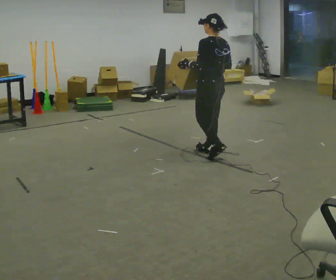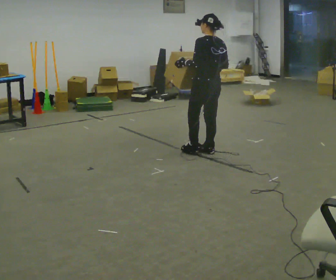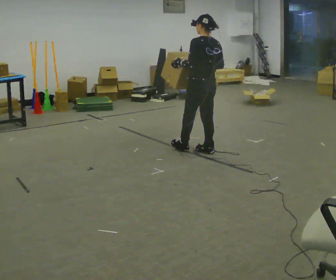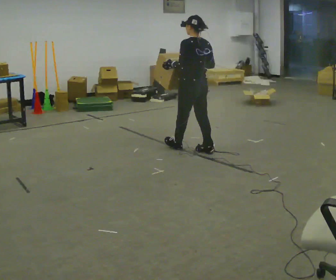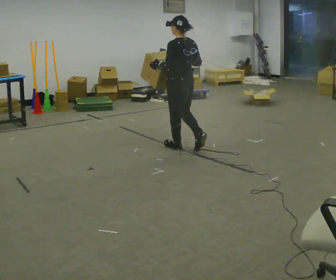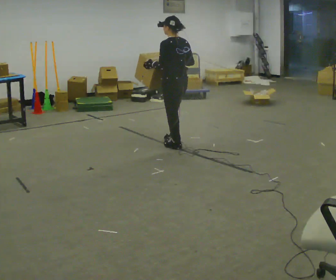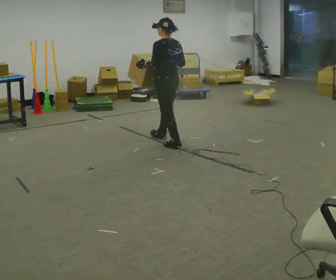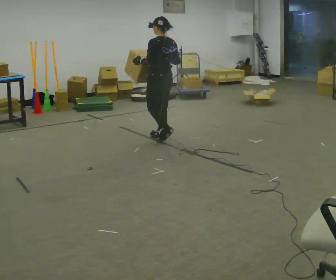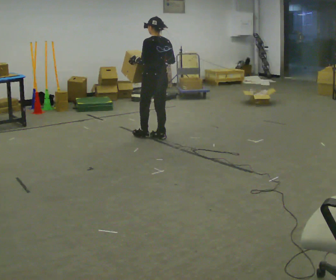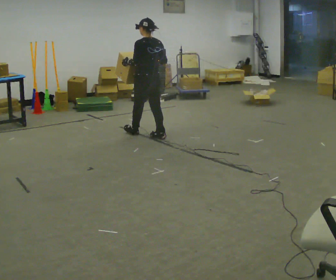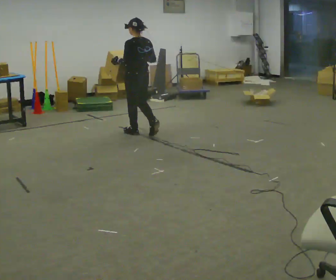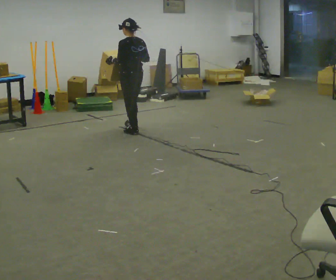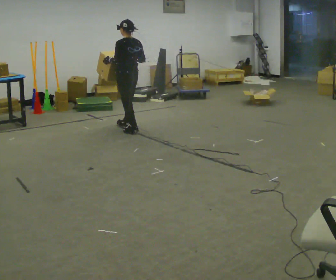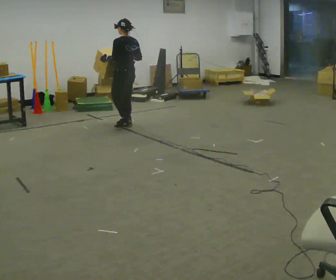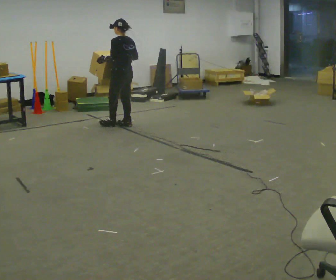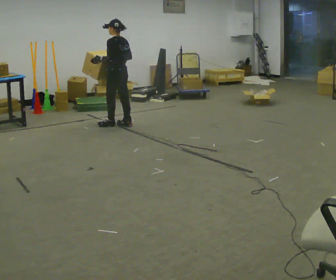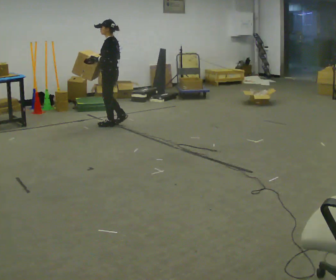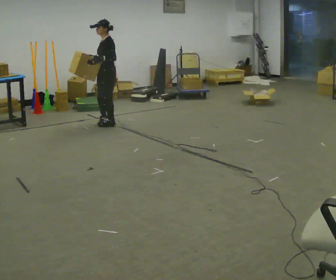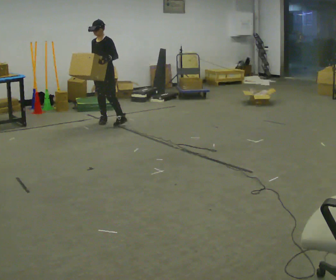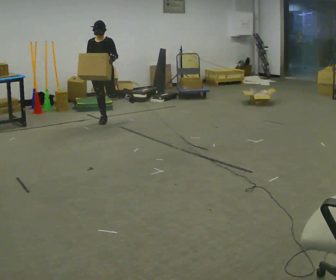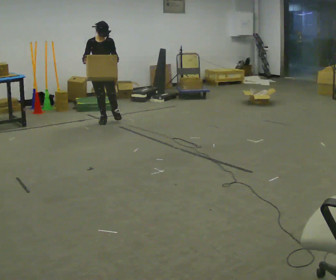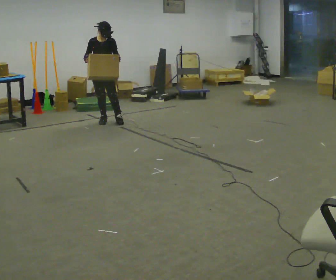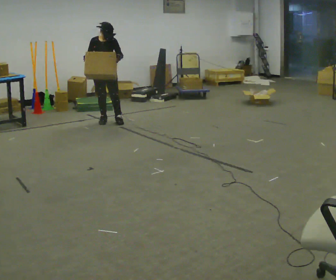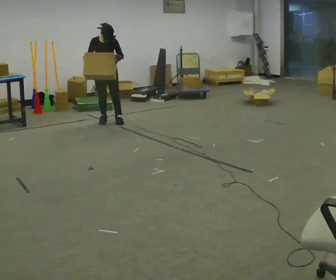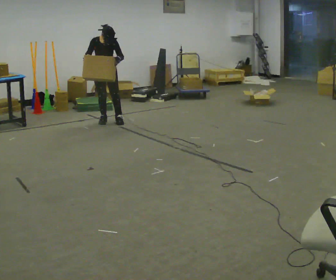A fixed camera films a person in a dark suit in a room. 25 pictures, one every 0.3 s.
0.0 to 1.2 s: In the picture they go away from the camera and to the left, about 0.5 m in 1 step, which for them is forward.
1.2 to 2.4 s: In the picture they go away from the camera and to the left, about 0.5 m in 1 step, which for them is forward.
2.4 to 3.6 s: In the picture they go away from the camera and to the left, about 0.5 m in 2 steps, which for them is forward.
3.6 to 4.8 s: The person turns about 45 degrees to their left, counterclockwise seen from above, so the part of the body nearest the lens slides to the right. In the picture they go away from the camera and to the left, about 0.25 m in 1 step, which for them is forward.
4.8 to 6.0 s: Seen from above the body turns counterclockwise, about 105 degrees: to their left, with its near side sliding to the right. In the picture they go away from the camera and to the left, about 0.25 m in 1 step. In the picture their right hand goes to the left.
6.0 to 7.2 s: The person moves a little, or ends about where they began.
The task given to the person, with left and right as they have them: Carry the box across the room while freely looking around at the walls, ceiling and floor. Keep going until the operator says stop; one object at a time, and do not rush between trips.
The film runs forward here.
